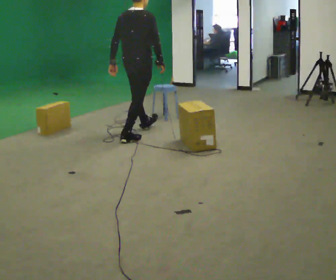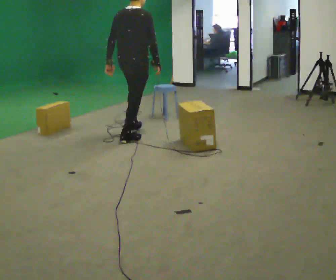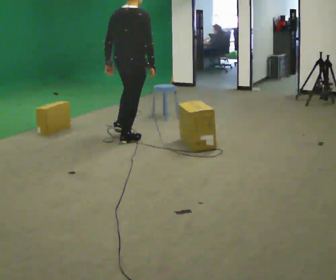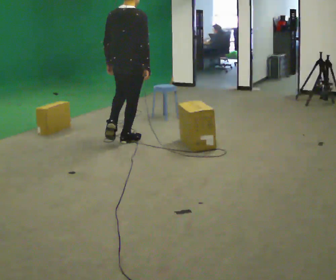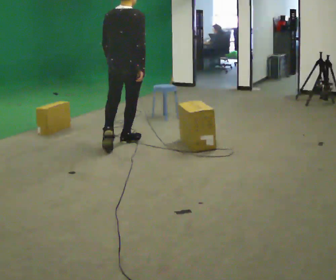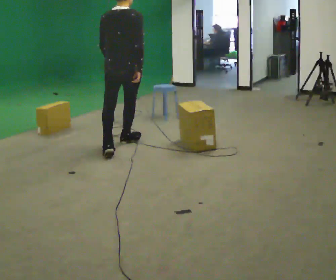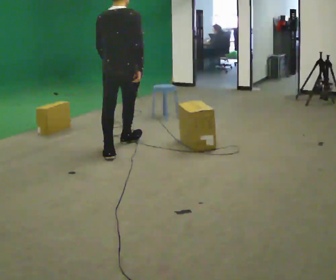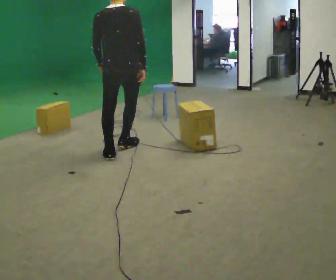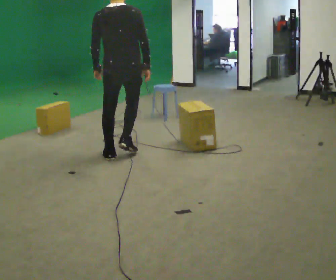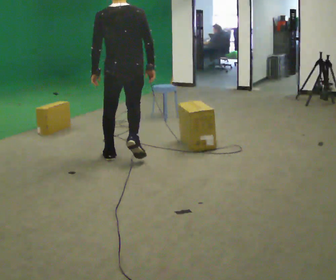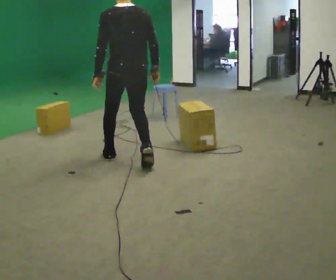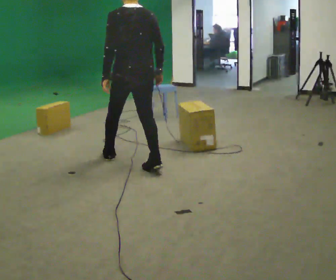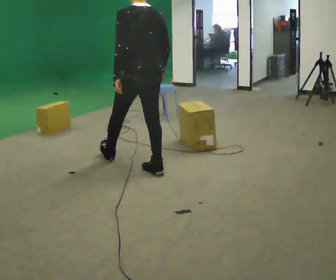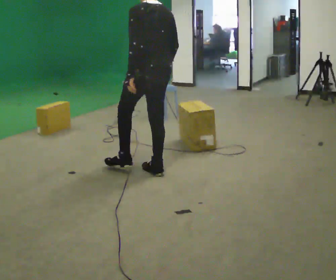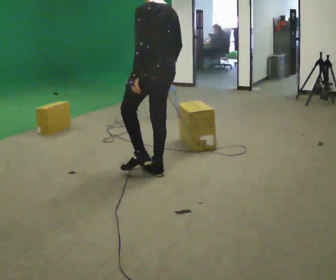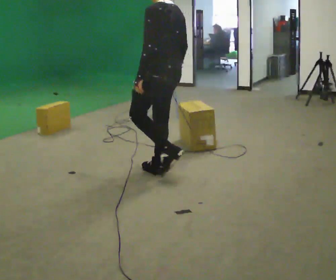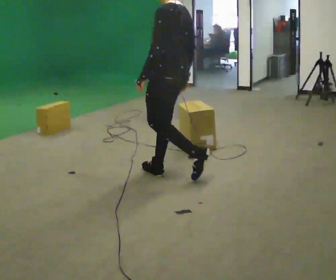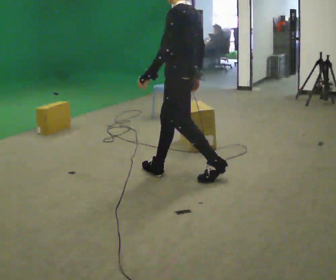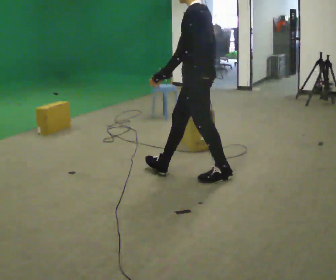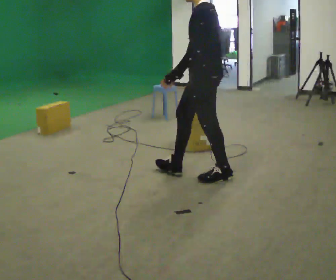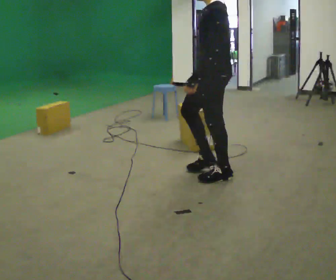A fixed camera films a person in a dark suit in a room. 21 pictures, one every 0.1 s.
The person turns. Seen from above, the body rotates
counterclockwise.
The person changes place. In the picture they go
toward the camera.
0.0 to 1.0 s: Seen from above the body turns counterclockwise, about 45 degrees: to their left, with its near side sliding to the right. In the picture they go toward the camera, about 1 m in 1 step, which for them is backward.
1.0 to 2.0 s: The part of the body nearest the lens slides to the right as the person turns to their left by about 75 degrees. In the picture they go to the right and toward the camera, about 1 m in 2 steps.
The film runs backward here.
